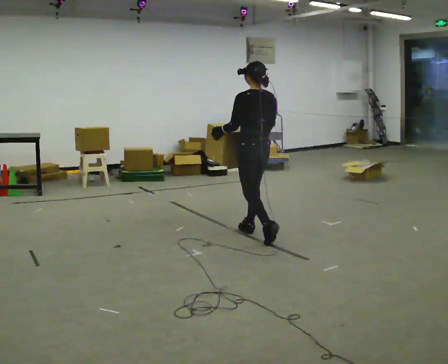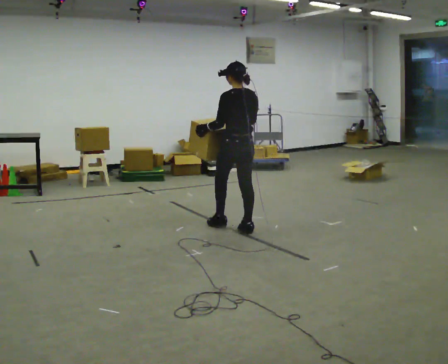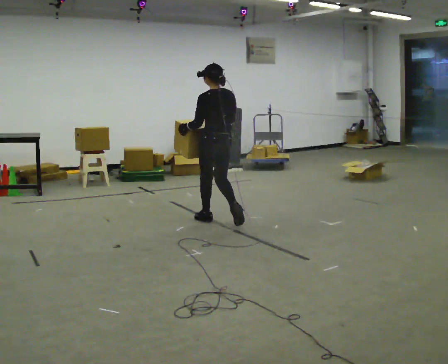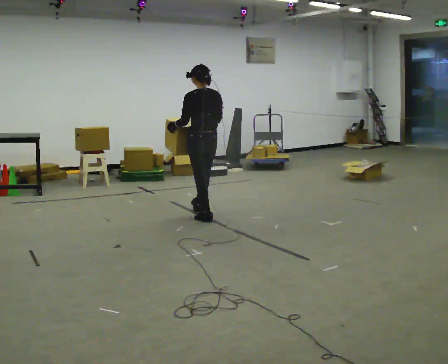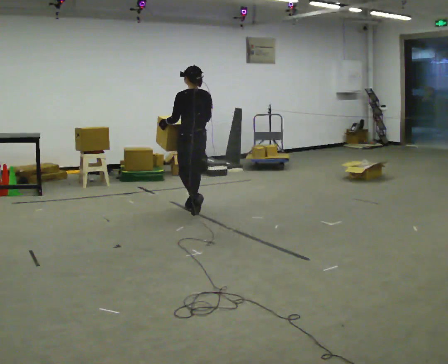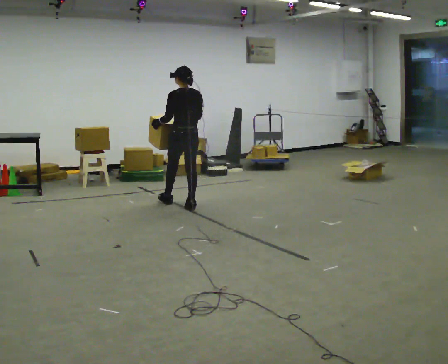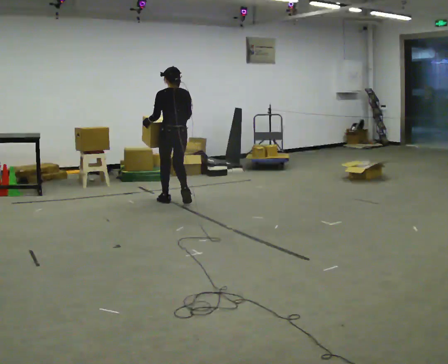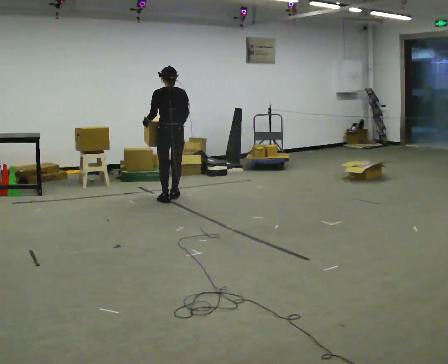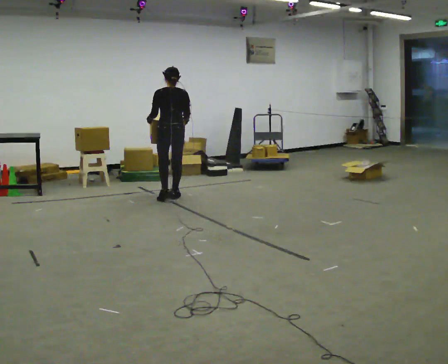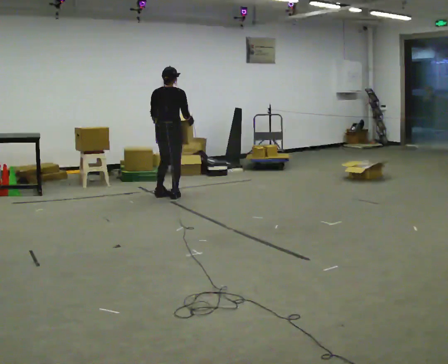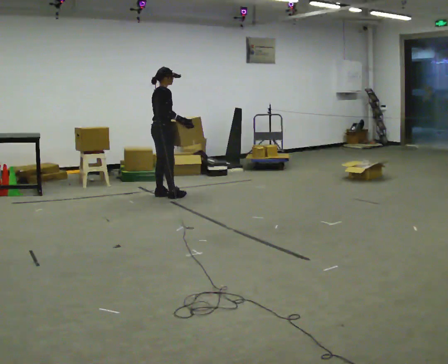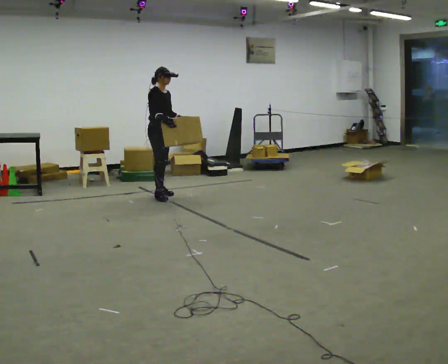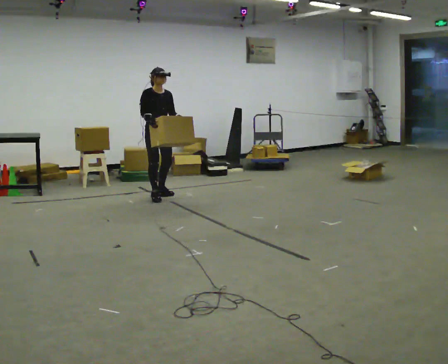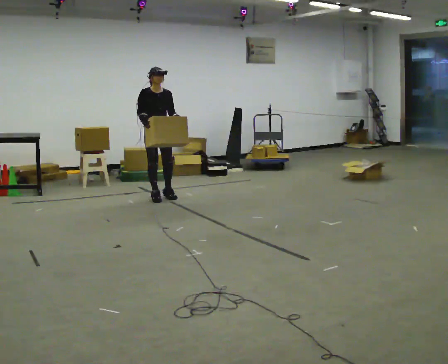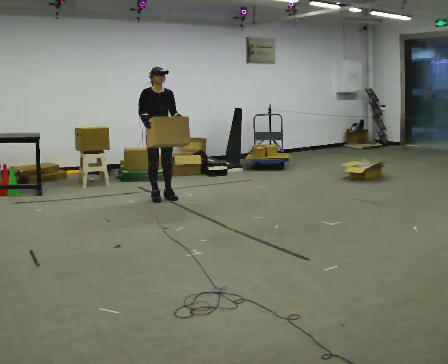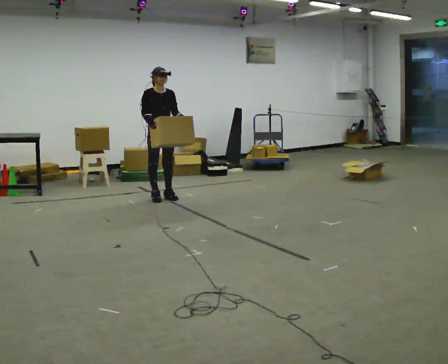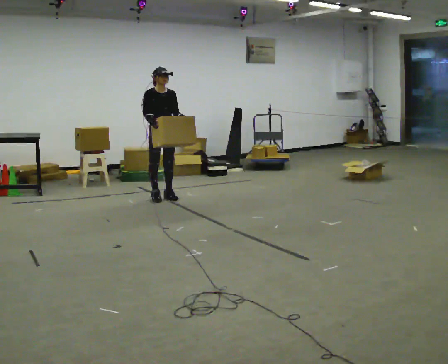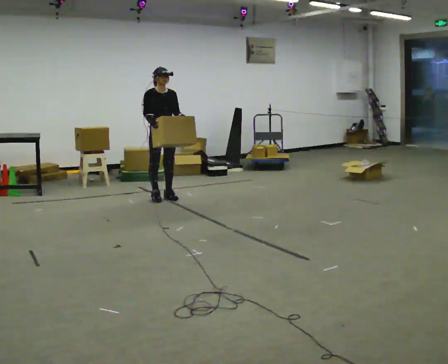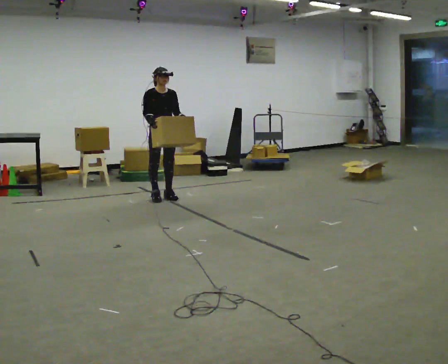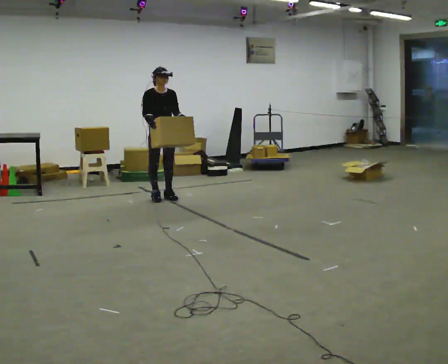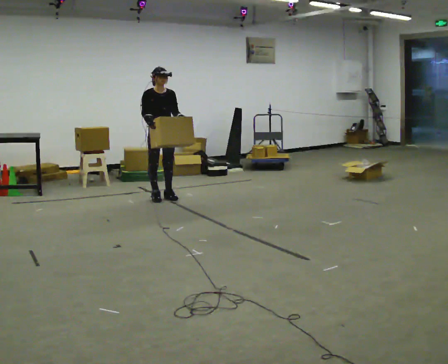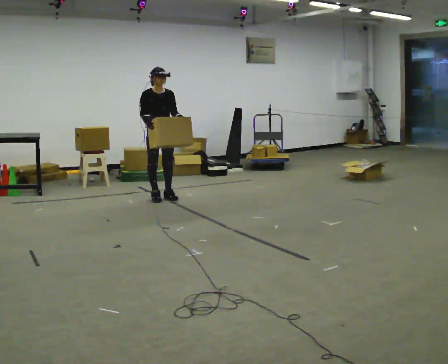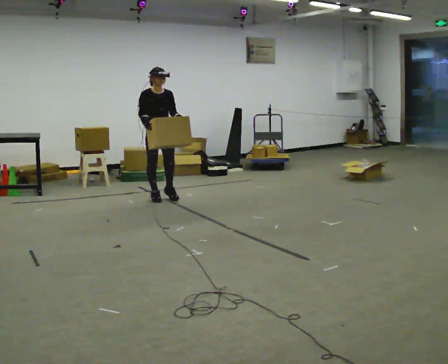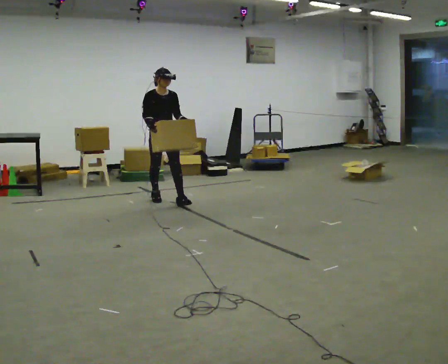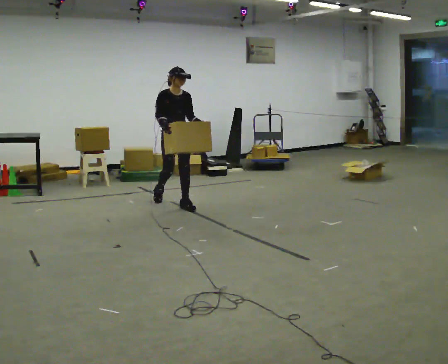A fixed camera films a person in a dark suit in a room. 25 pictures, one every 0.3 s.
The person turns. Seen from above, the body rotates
clockwise.
The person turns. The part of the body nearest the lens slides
to the left.
0.0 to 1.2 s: In the picture they go away from the camera and to the left, about 1 m in 2 steps, which for them is forward.
1.2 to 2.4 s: In the picture they go away from the camera and to the left, about 0.75 m in 2 steps, which for them is forward.
2.4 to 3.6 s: The person turns about 150 degrees to their right, clockwise seen from above, so the part of the body nearest the lens slides to the left. In the picture they go to the left, about 0.25 m in 2 steps. In the picture their right hand goes to the left.
3.6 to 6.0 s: The person moves a little, or ends about where they began.
6.0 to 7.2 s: In the picture they go toward the camera and to the right, about 0.5 m in 1 step, which for them is forward.
The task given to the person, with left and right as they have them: Carry the box in both hands and walk back and forth across the room. The contents may move around. Carry on as best you can.
The film runs forward here.
